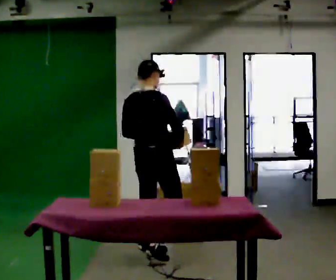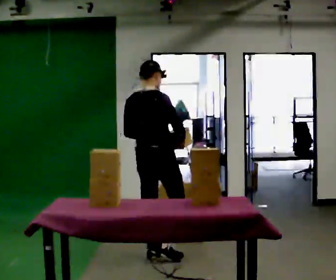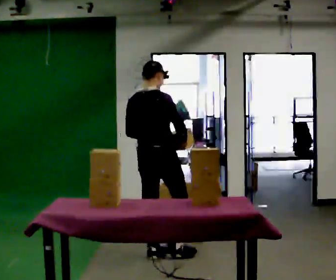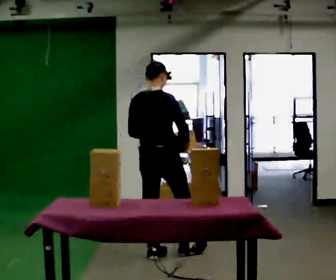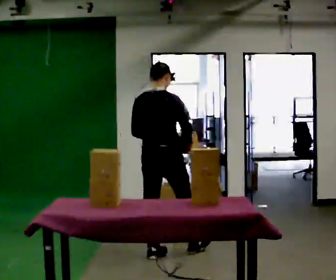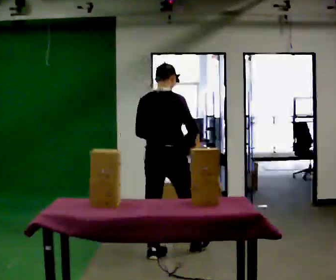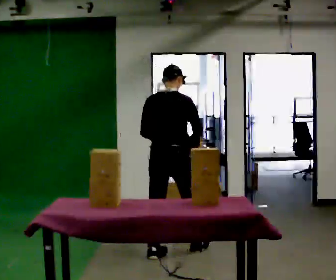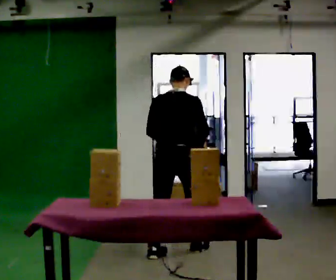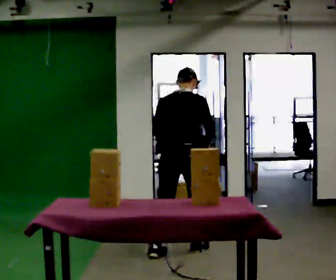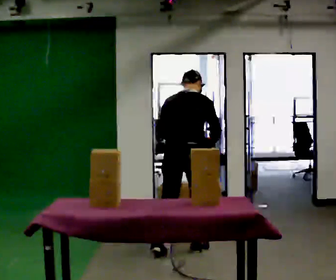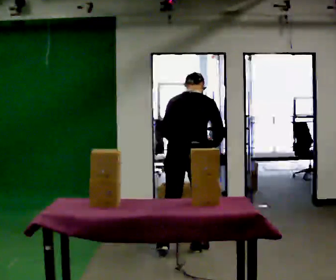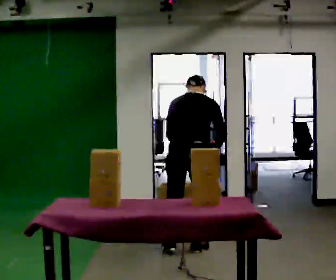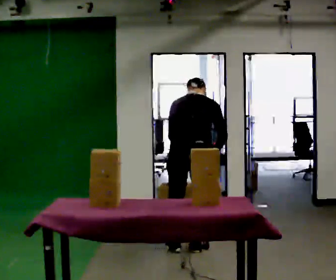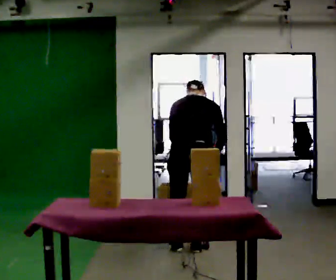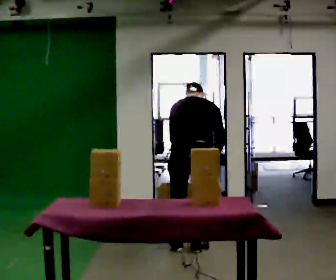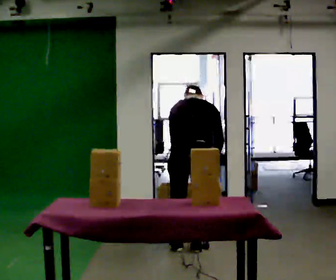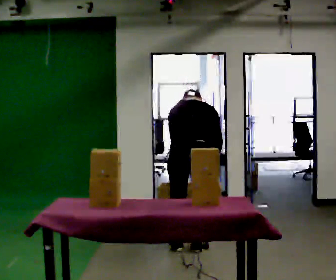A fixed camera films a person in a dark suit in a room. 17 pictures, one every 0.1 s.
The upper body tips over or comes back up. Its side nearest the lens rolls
upward.
0.0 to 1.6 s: The part of the body nearest the lens slides to the right as the person turns to their left by about 30 degrees. In the picture they go to the right and away from the camera, about 0.5 m in 2 steps, which for them is forward and to their right. The upper body tips away from the camera, its near side rolling upward, as they bend forward.
The film runs forward here.
